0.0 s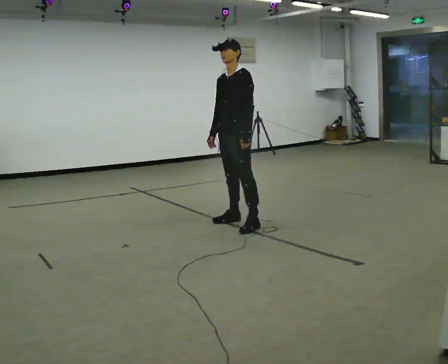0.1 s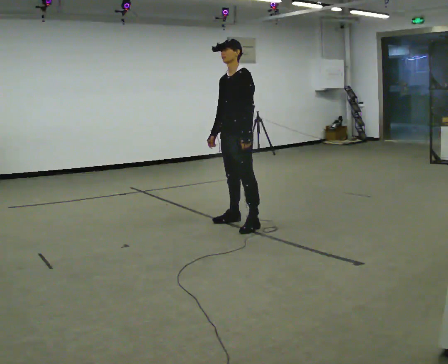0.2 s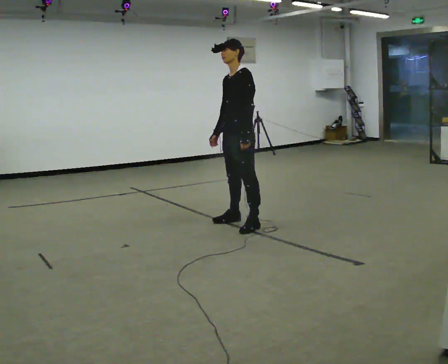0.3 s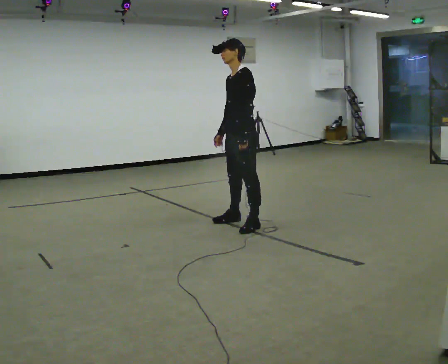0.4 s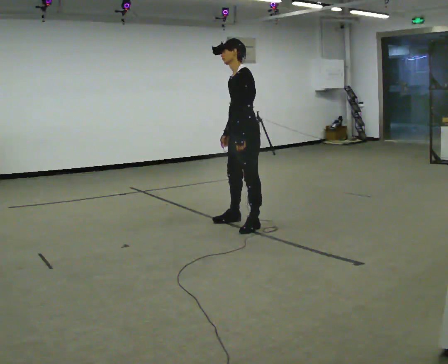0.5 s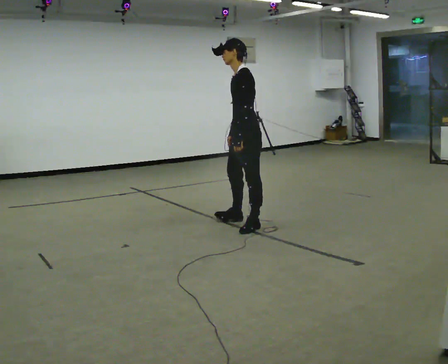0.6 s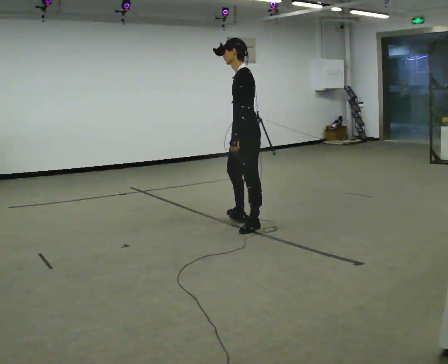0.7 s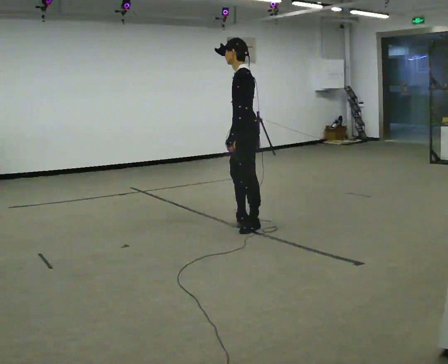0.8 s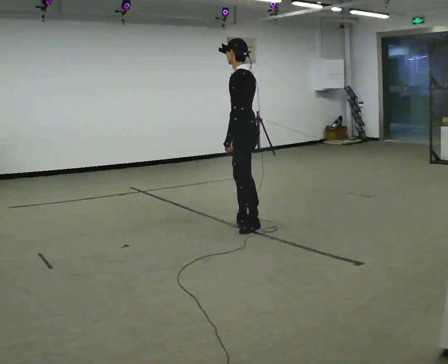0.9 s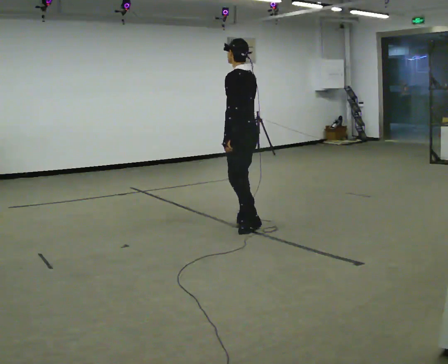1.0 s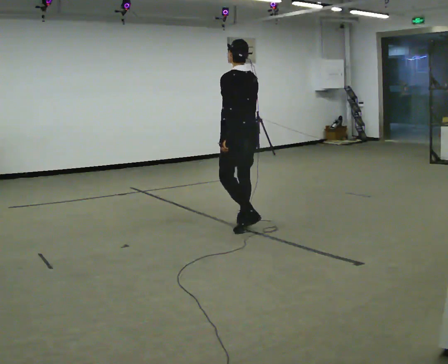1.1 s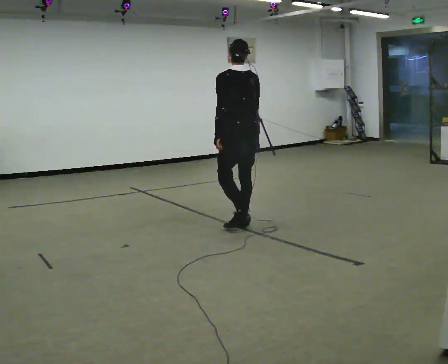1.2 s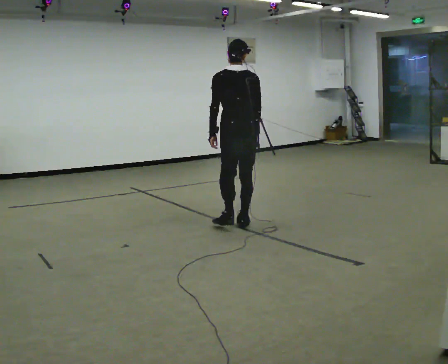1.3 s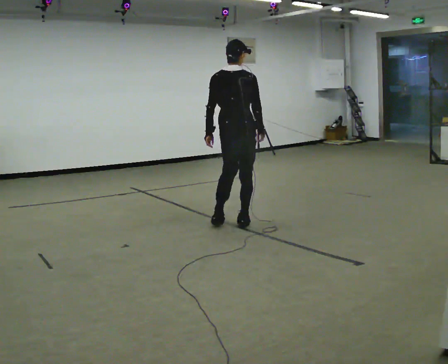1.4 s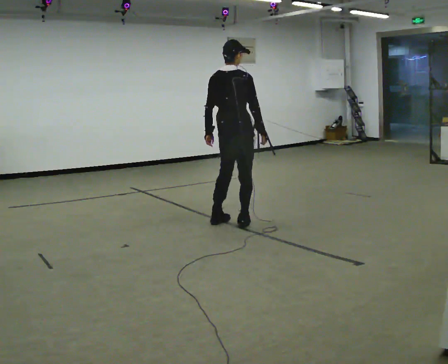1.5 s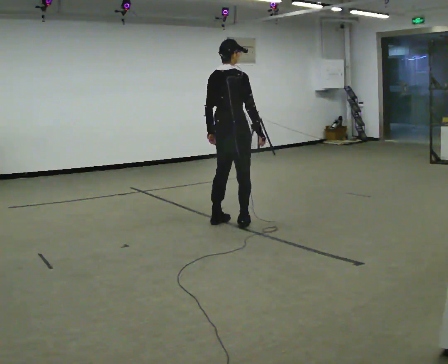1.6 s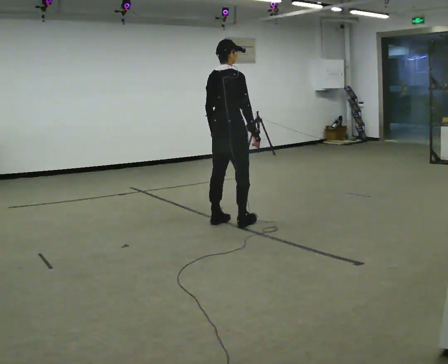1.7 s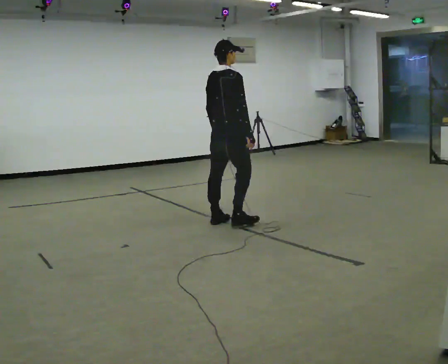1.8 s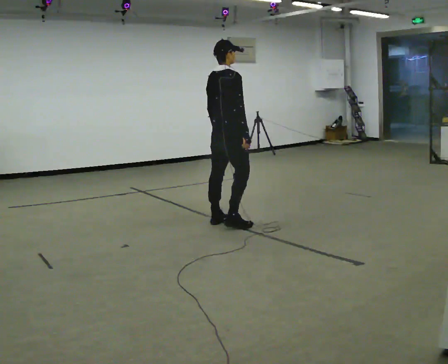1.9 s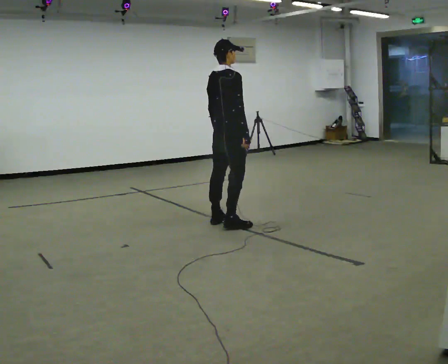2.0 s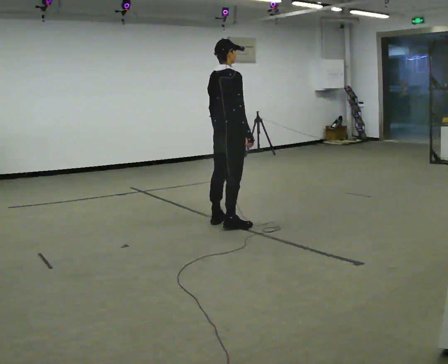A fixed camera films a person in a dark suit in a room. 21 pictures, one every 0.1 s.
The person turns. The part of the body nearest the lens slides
to the left.
The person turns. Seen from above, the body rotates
clockwise.
0.0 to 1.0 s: The part of the body nearest the lens slides to the left as the person turns to their right by about 90 degrees. In the picture their right hand goes to the right.
1.0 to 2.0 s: Seen from above the body turns clockwise, about 90 degrees: to their right, with its near side sliding to the left. In the picture they go to the left, about 0.25 m in 1 step.
The film runs forward here.
